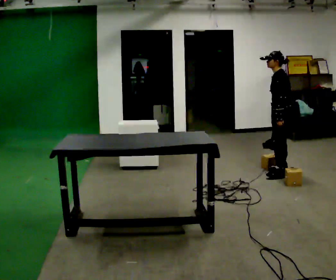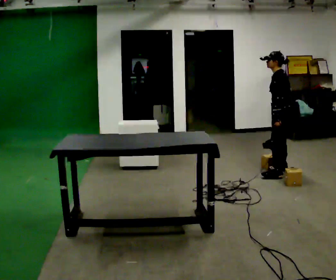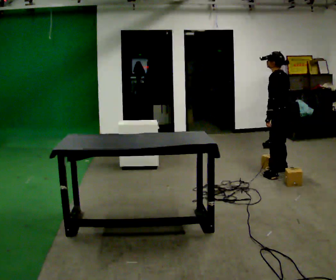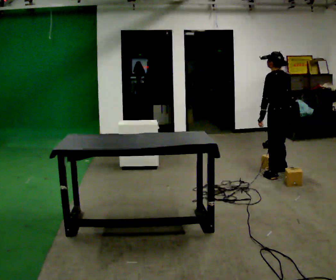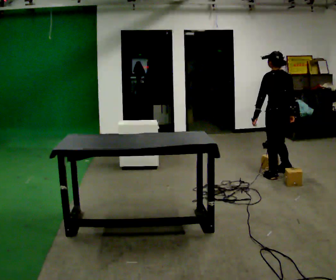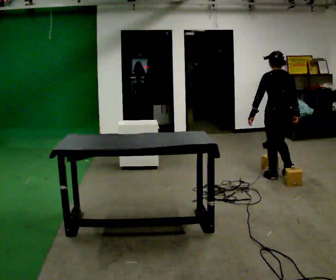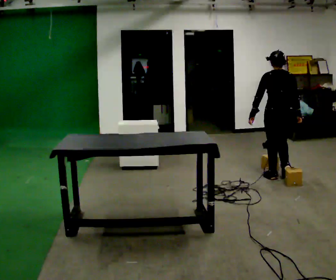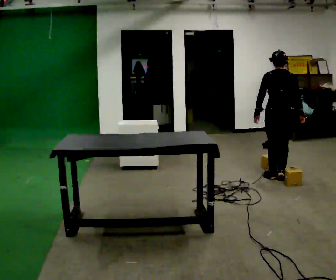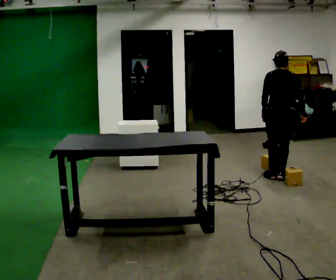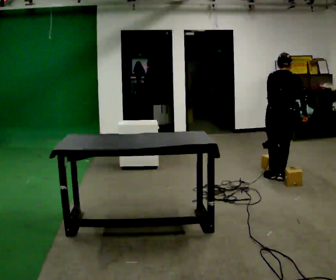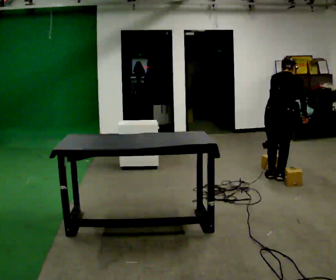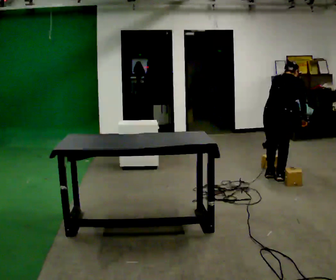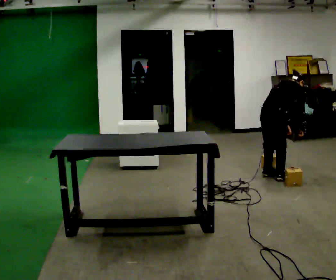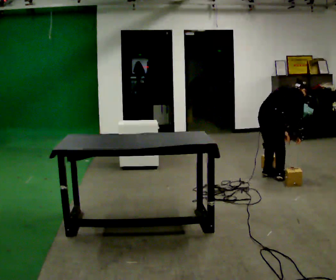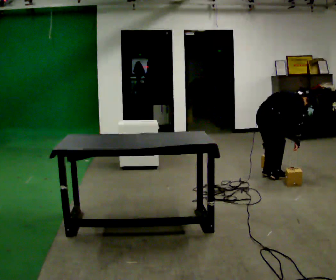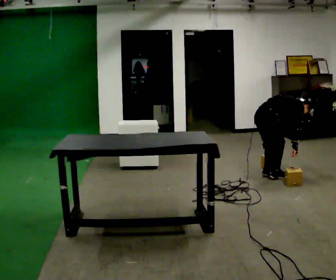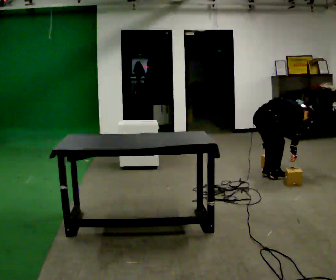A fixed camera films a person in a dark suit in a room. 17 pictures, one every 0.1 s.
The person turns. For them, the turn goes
to their right.
The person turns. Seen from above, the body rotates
clockwise.
0.0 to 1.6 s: The part of the body nearest the lens slides to the left as the person turns to their right by about 165 degrees. In the picture they go toward the camera and to the left, about 0.25 m in 1 step. The upper body goes downward. In the picture the upper body tilts clockwise, shoulders to the right, as they bend forward. In the picture their left hand goes downward.
The film runs backward here.
